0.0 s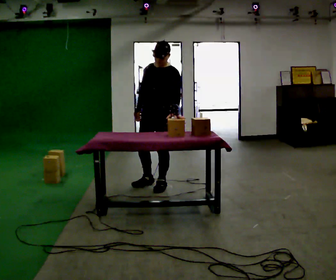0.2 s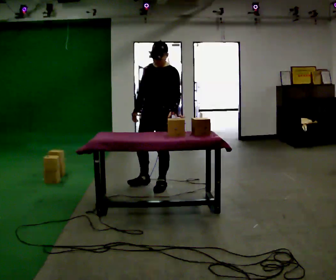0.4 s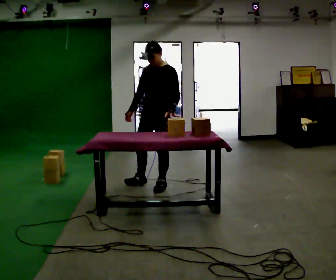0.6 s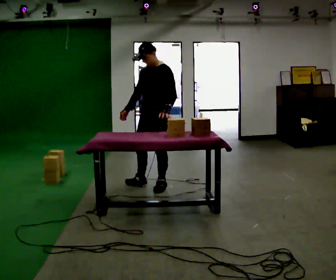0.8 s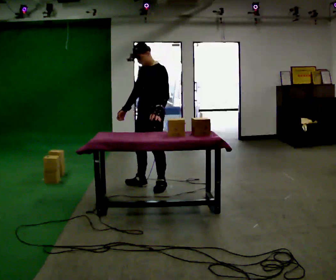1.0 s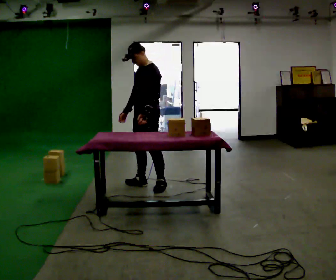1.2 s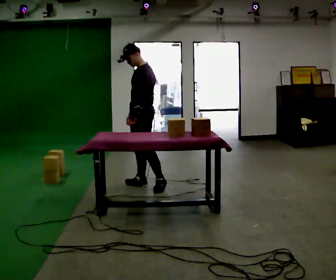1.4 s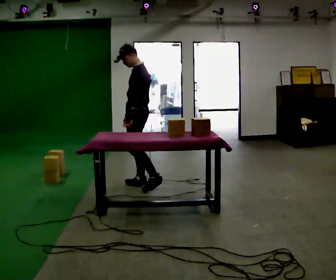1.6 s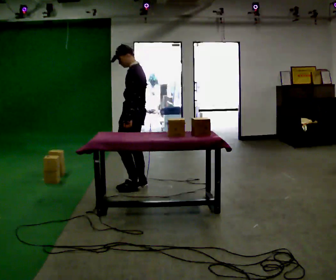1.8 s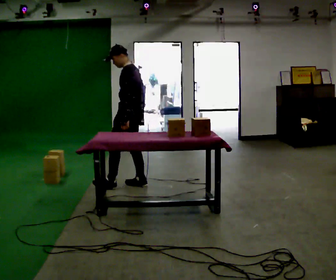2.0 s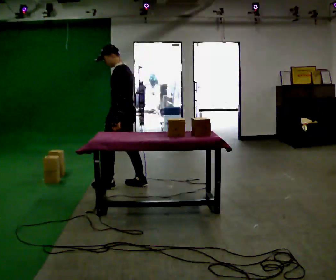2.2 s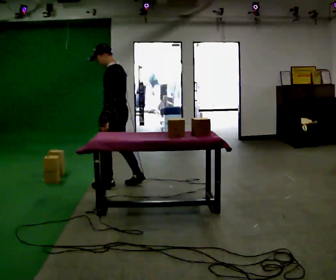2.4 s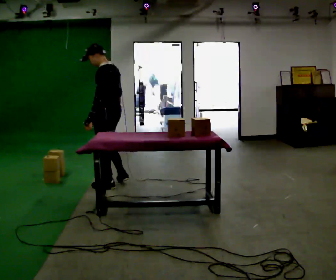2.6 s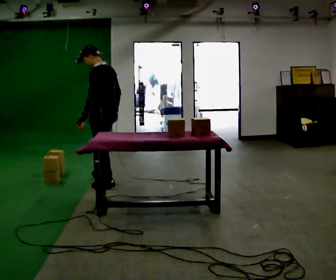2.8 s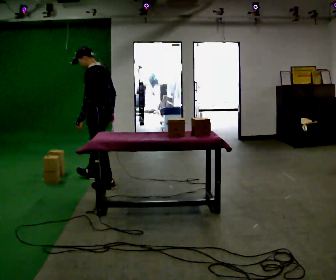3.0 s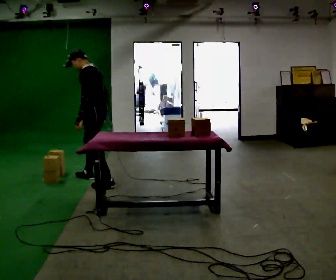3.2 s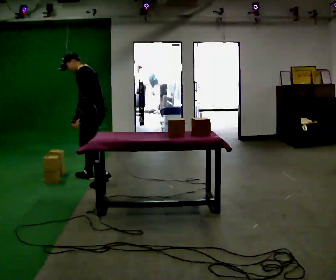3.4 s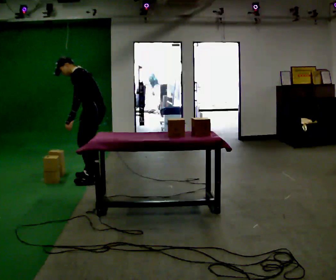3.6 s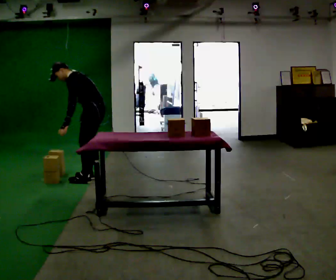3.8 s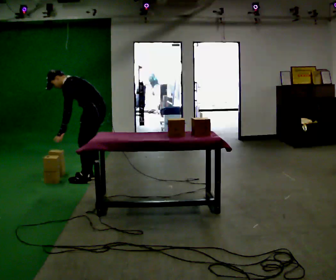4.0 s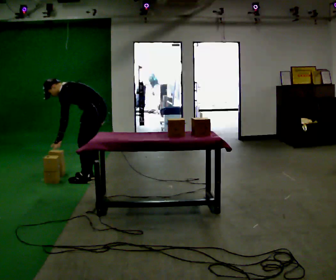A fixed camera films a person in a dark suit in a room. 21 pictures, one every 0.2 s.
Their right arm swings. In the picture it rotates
counterclockwise.
The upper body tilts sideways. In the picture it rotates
counterclockwise.
0.0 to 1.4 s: The part of the body nearest the lens slides to the left as the person turns to their right by about 45 degrees. In the picture they go to the left, about 0.25 m, which for them is to their right. In the picture their left hand goes to the left.
1.4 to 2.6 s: The part of the body nearest the lens slides to the left as the person turns to their right by about 30 degrees. In the picture they go to the left, about 0.5 m in 1 step, which for them is forward and to their left.
2.6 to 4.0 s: In the picture they go away from the camera, about 0.25 m in 2 steps, which for them is to their right and forward. The shoulders move downward. In the picture the upper body tilts counterclockwise, shoulders to the left, as they bend forward.
The film runs forward here.
